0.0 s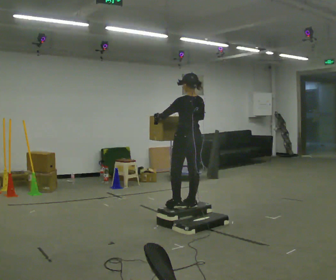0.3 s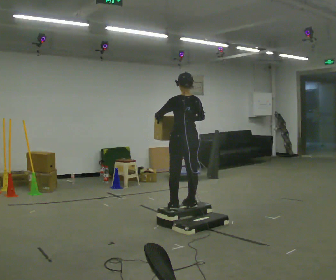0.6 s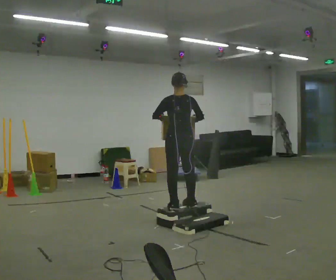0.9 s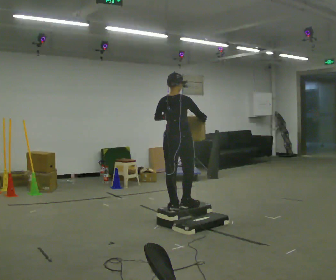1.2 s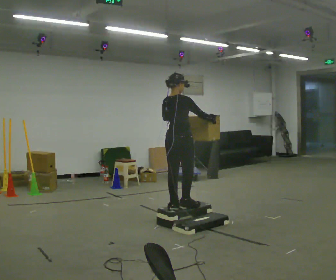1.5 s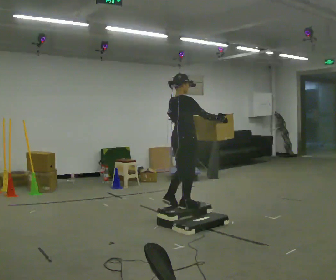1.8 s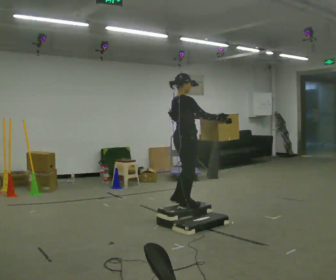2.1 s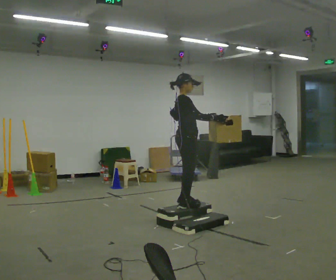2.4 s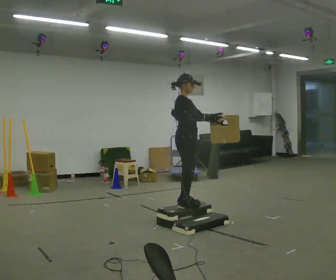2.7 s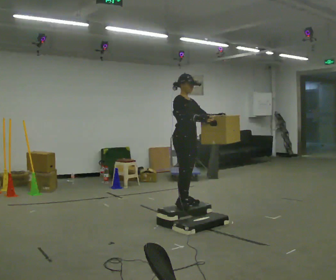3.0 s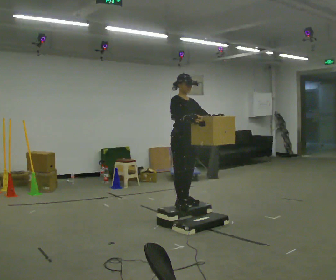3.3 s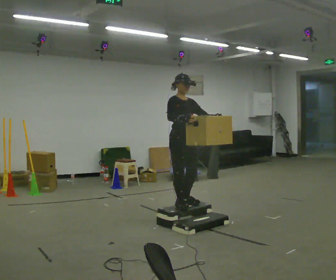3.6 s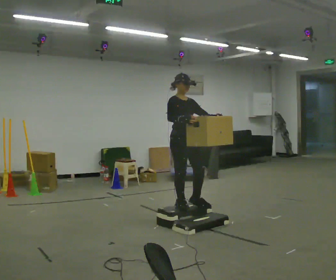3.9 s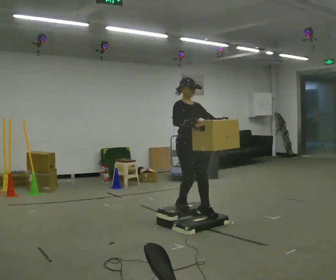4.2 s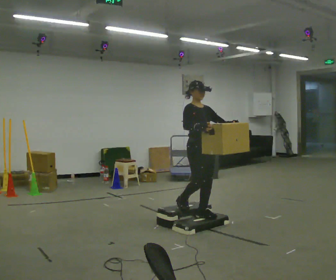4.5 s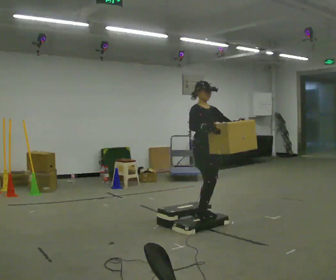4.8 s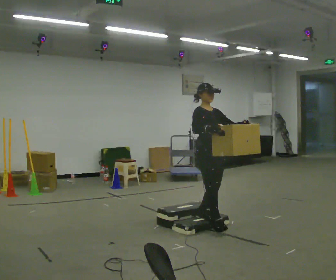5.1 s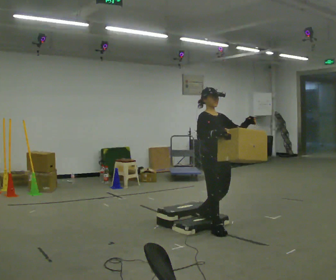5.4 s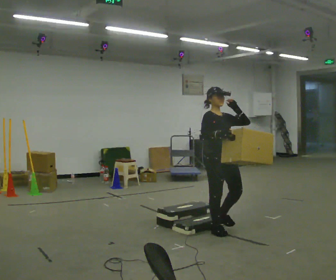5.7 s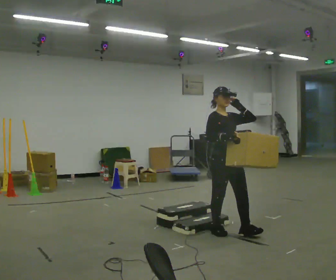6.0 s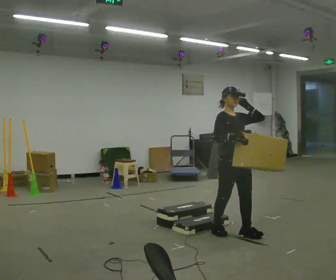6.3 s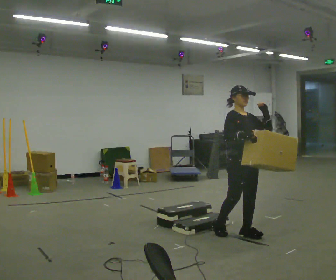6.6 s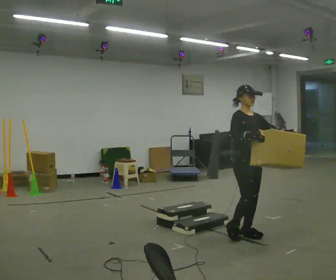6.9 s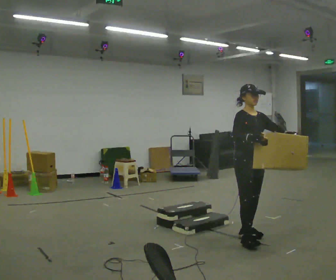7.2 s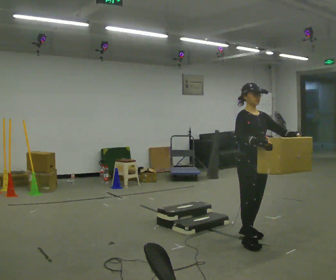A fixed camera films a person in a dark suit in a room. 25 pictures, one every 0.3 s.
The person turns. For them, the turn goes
to their right.
The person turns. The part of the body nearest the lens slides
to the left.
0.0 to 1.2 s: The person turns about 60 degrees to their right, clockwise seen from above, so the part of the body nearest the lens slides to the left.
1.2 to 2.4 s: The part of the body nearest the lens slides to the left as the person turns to their right by about 75 degrees. In the picture their left hand goes to the right.
2.4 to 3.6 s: The person turns about 45 degrees to their right, clockwise seen from above, so the part of the body nearest the lens slides to the left.
3.6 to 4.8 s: In the picture they go to the right and toward the camera, about 0.25 m in 1 step, which for them is forward.
4.8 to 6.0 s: In the picture they go toward the camera and to the right, about 0.5 m in 2 steps, which for them is forward.
6.0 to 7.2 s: In the picture they go toward the camera, about 0.25 m in 1 step, which for them is forward.
The film runs forward here.
